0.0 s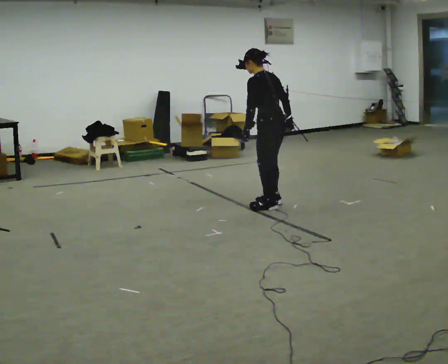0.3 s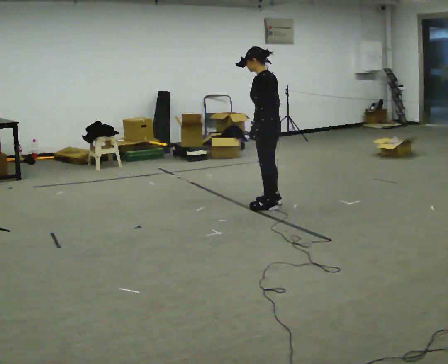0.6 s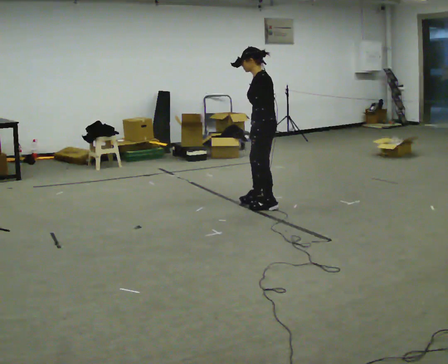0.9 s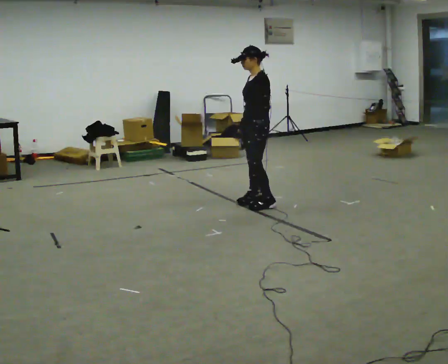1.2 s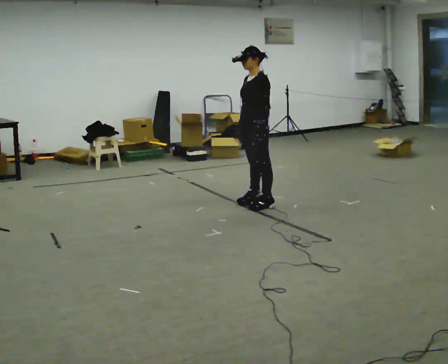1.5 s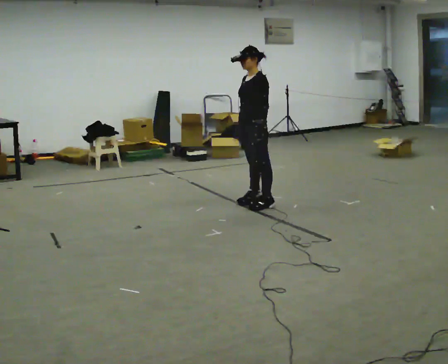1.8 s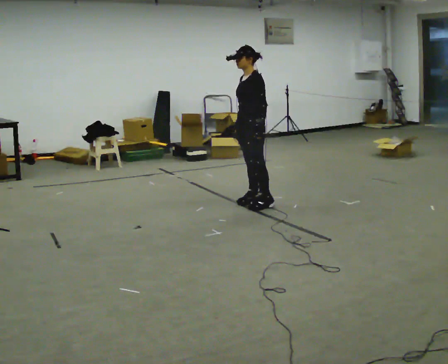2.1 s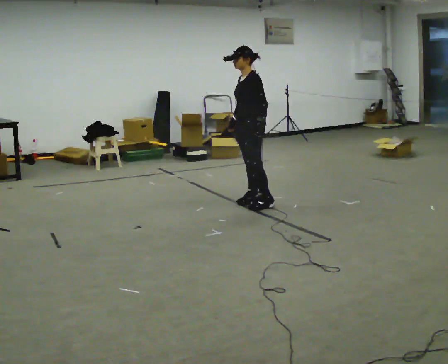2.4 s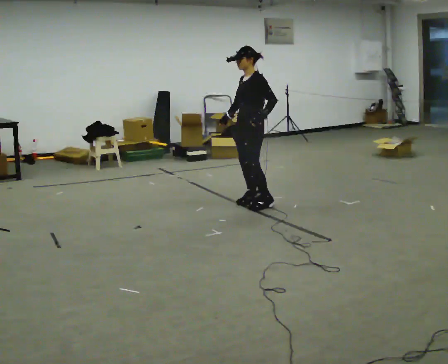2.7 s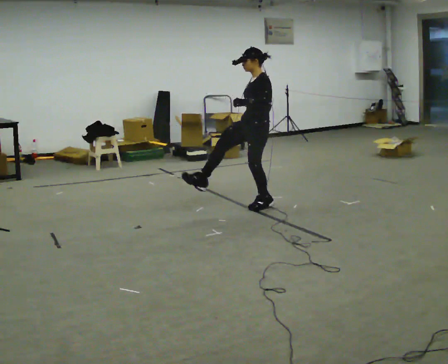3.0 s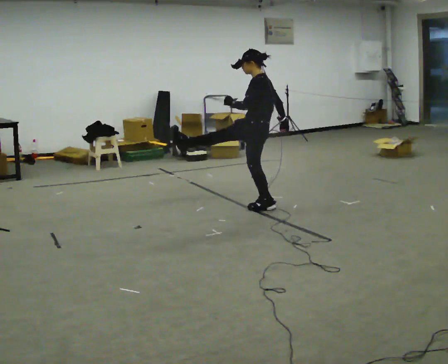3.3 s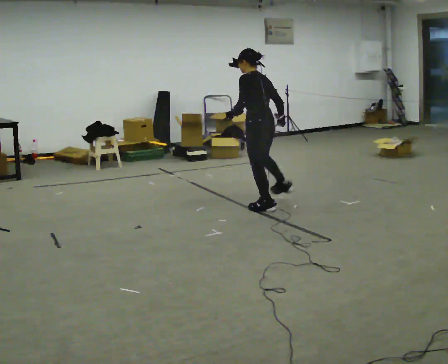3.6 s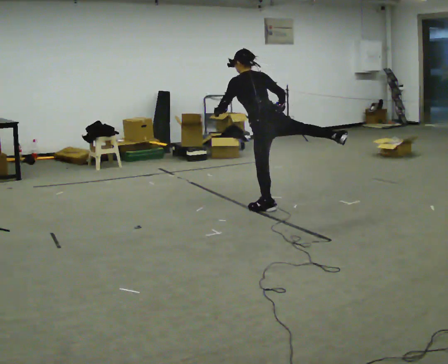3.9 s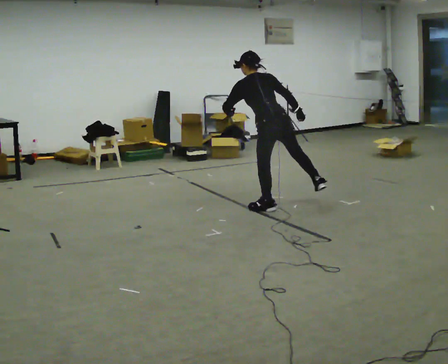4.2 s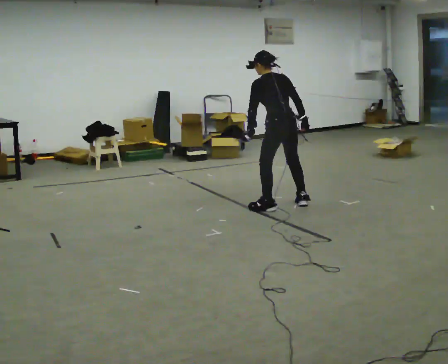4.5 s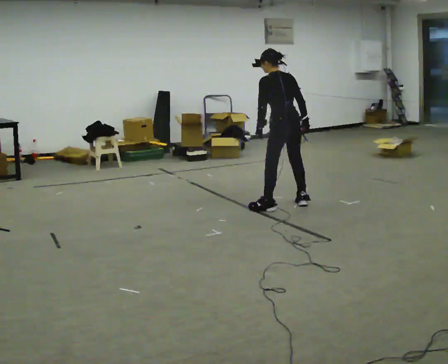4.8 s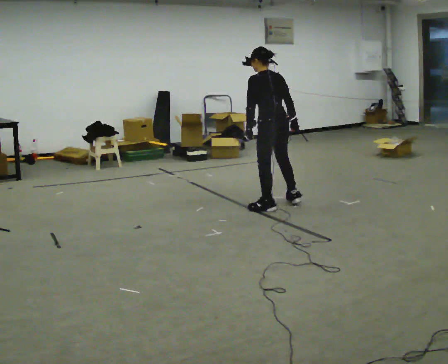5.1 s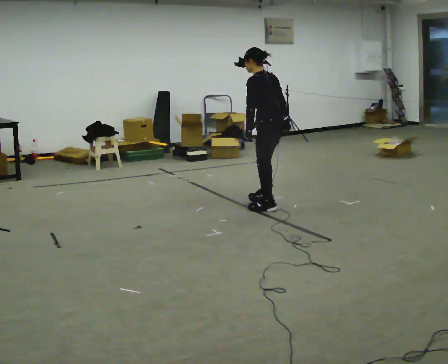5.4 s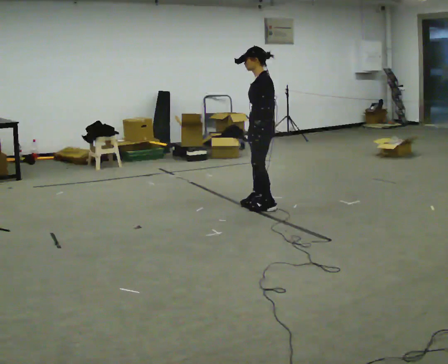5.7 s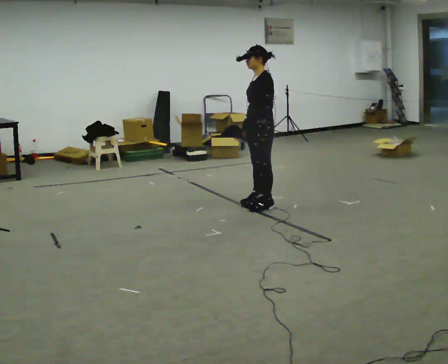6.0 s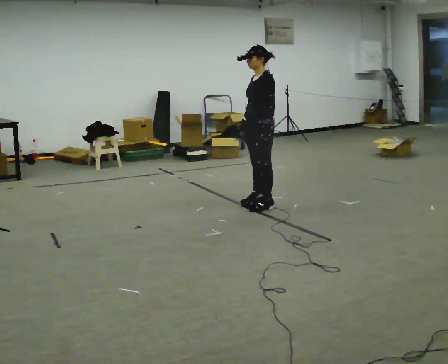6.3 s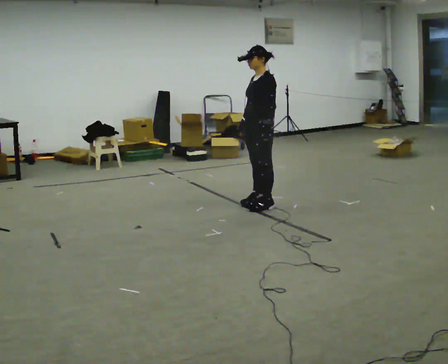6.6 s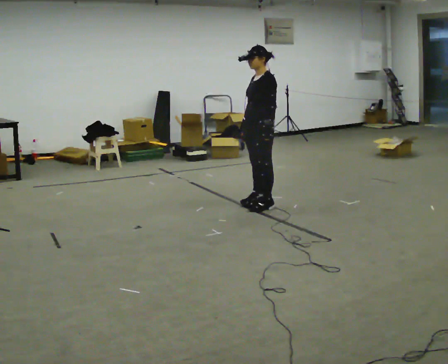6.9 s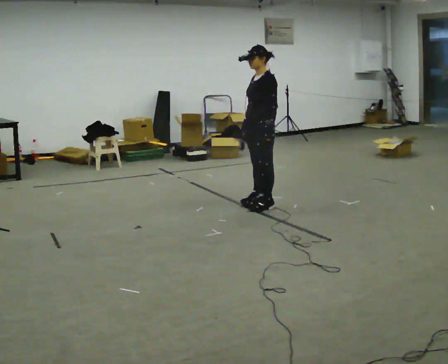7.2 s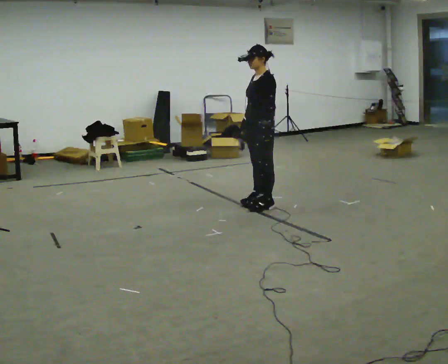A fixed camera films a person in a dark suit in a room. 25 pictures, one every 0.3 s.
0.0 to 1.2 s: Seen from above the body turns counterclockwise, about 75 degrees: to their left, with its near side sliding to the right. In the picture they go to the left, about 0.25 m in 1 step. In the picture the upper body tilts clockwise, shoulders to the right. In the picture their right hand goes to the left, the arm swinging clockwise.
1.2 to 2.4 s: The person moves a little, or ends about where they began.
2.4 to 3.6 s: Seen from above the body turns clockwise, about 90 degrees: to their right, with its near side sliding to the left. In the picture they go toward the camera, about 0.25 m in 1 step. In the picture their right hand goes to the right, the arm swinging counterclockwise.
3.6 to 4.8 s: In the picture the upper body tilts clockwise, shoulders to the right.
4.8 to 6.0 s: The part of the body nearest the lens slides to the right as the person turns to their left by about 75 degrees. In the picture their right hand goes to the left, the arm swinging clockwise.
6.0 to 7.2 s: The person moves a little, or ends about where they began.
The film runs backward here.
